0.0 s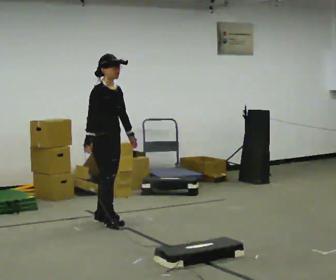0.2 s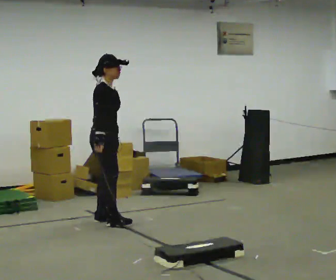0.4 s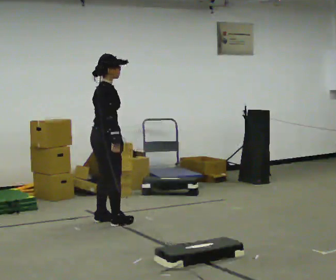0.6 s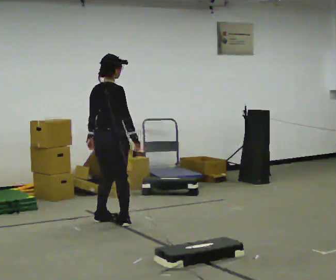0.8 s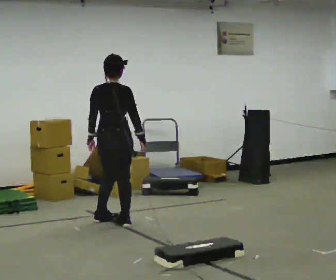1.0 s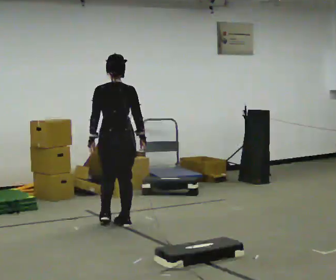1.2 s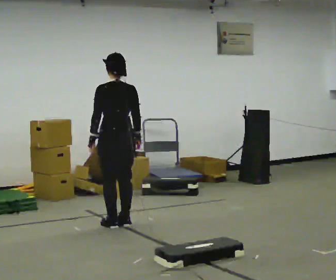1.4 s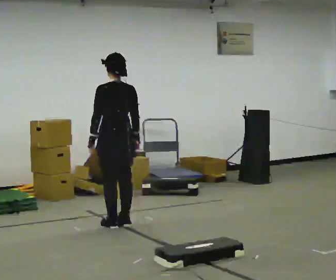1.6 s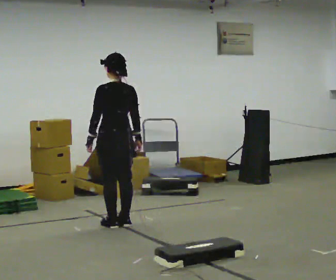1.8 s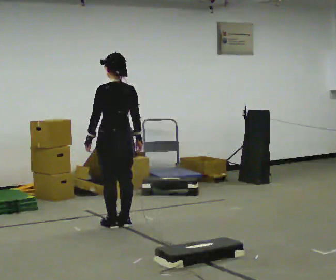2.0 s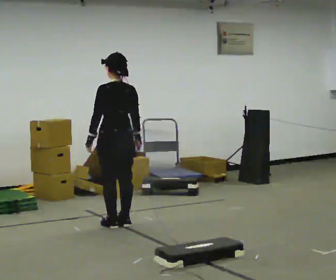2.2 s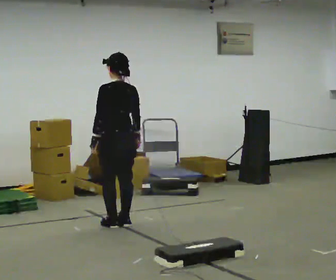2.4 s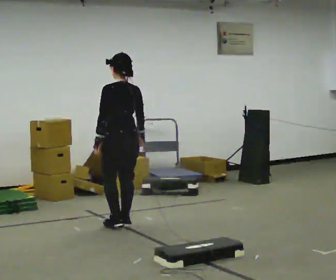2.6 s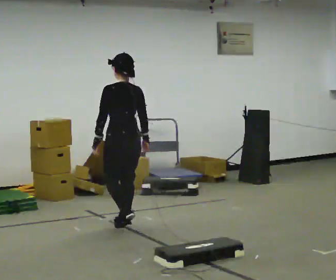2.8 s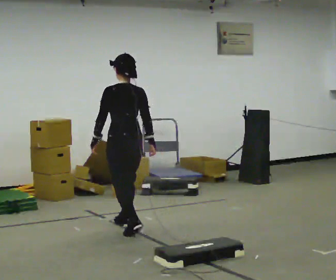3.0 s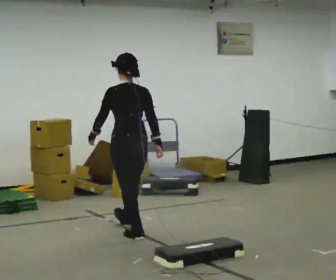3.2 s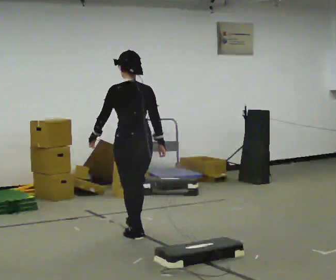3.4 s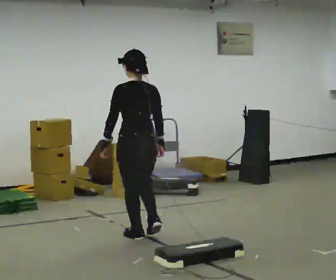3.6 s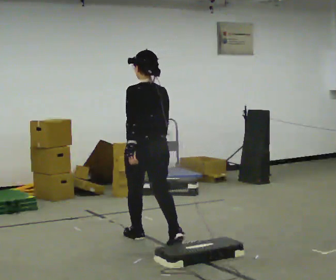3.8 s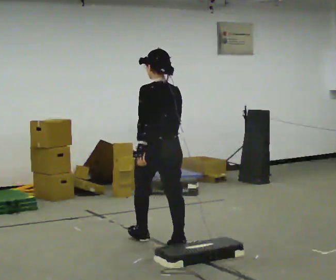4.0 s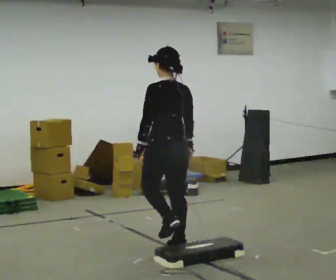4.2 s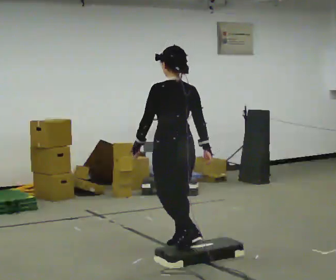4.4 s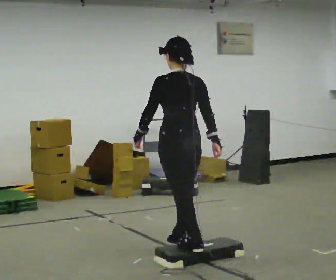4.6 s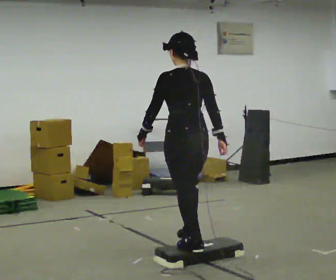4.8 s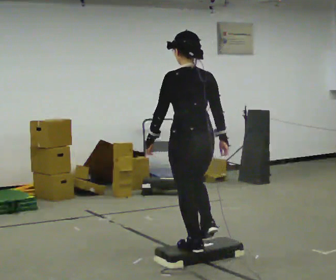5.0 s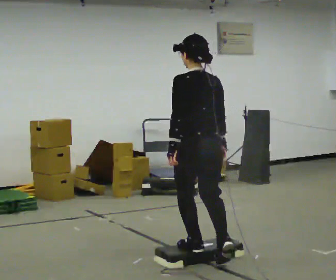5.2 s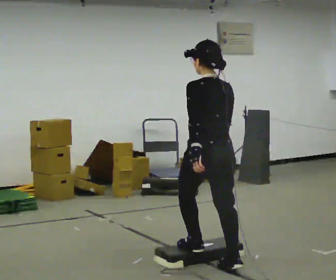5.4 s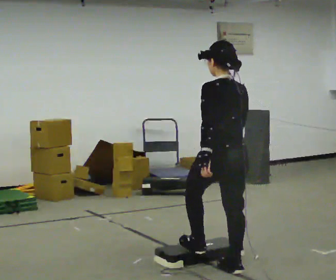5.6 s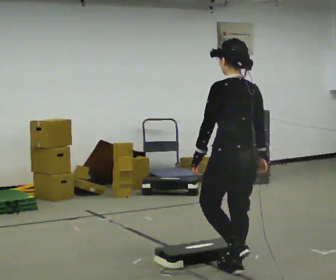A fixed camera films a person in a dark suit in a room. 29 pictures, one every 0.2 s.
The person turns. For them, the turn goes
to their left.
The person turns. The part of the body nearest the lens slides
to the right.
0.0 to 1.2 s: The part of the body nearest the lens slides to the right as the person turns to their left by about 135 degrees. In the picture they go to the right, about 0.25 m in 1 step. In the picture their left hand goes to the left, the arm swinging clockwise.
1.2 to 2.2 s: The person moves a little, or ends about where they began.
2.2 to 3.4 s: In the picture they go toward the camera, about 0.5 m in 2 steps, which for them is backward.
3.4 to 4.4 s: In the picture they go toward the camera and to the right, about 0.75 m in 1 step, which for them is backward.
4.4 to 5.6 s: In the picture they go toward the camera and to the right, about 0.5 m in 2 steps, which for them is backward.
The film runs backward here.
